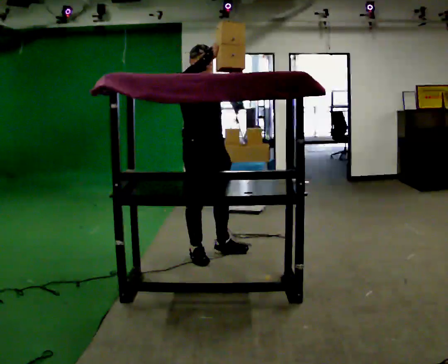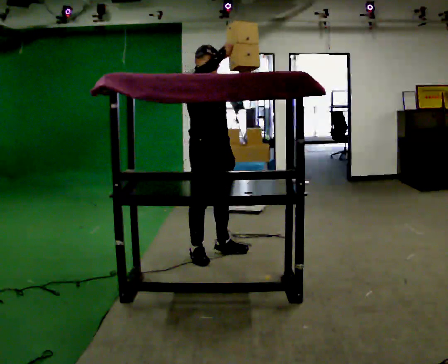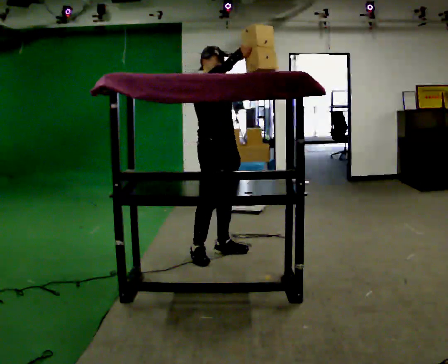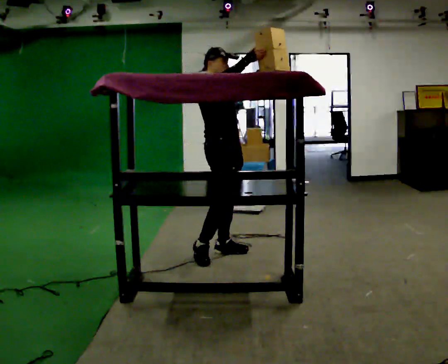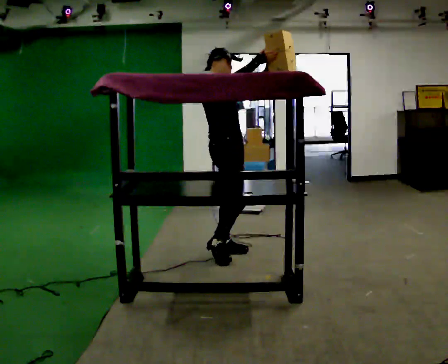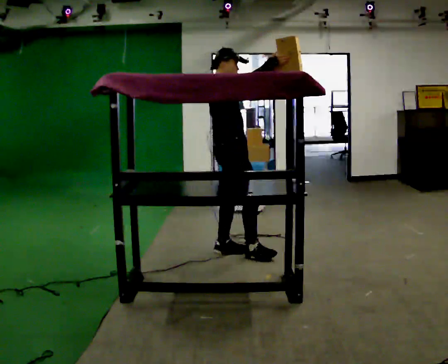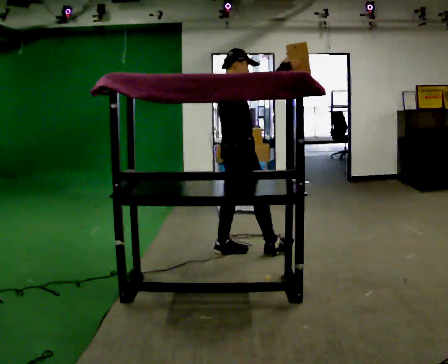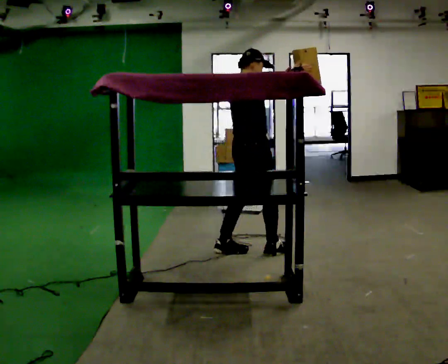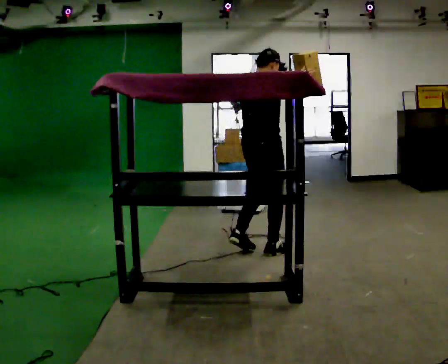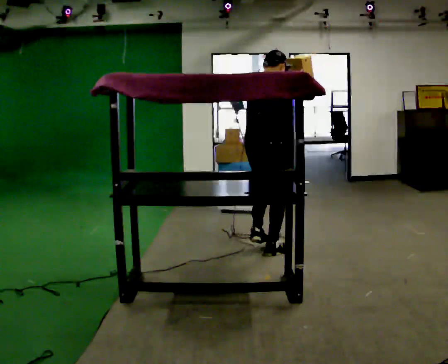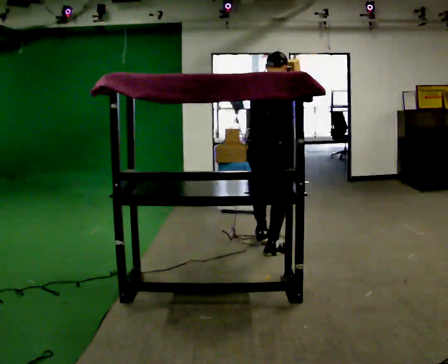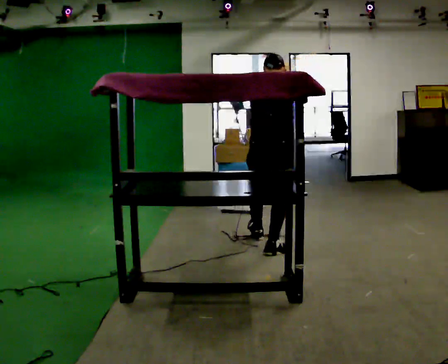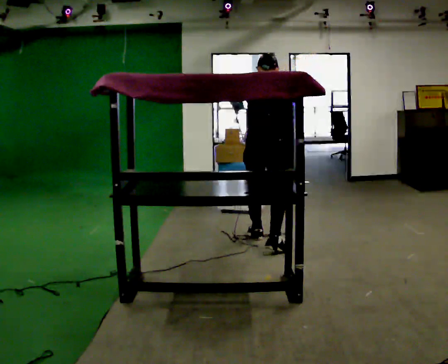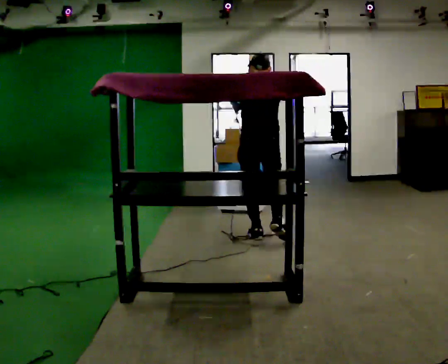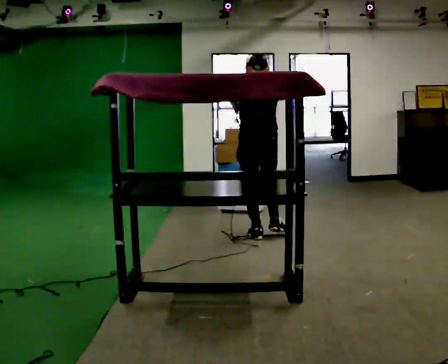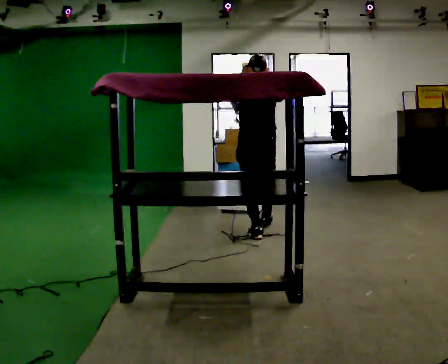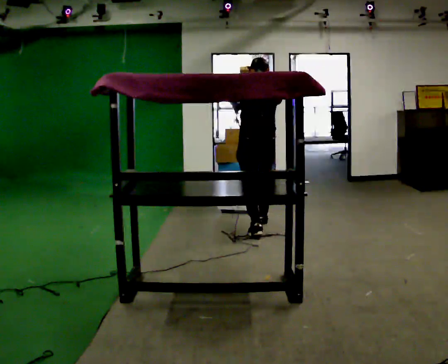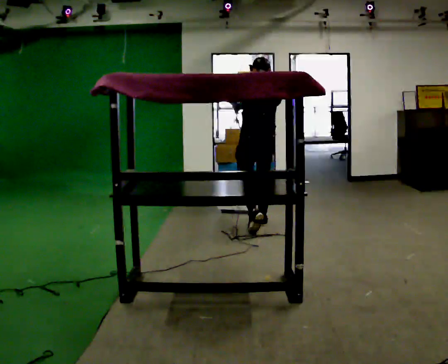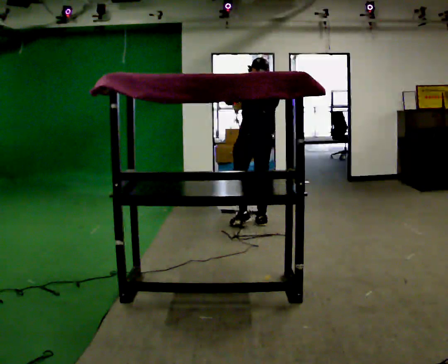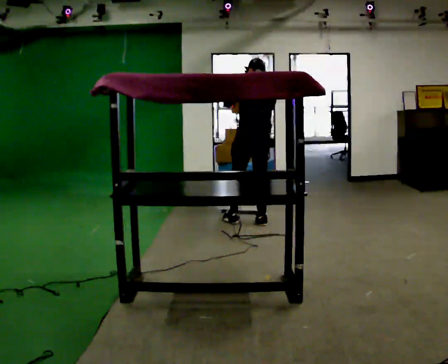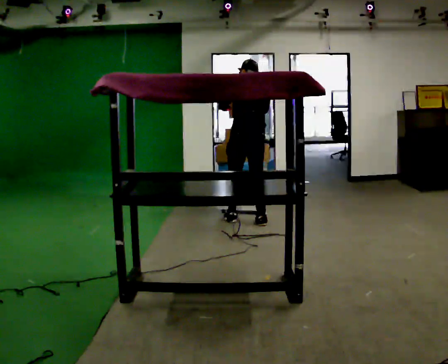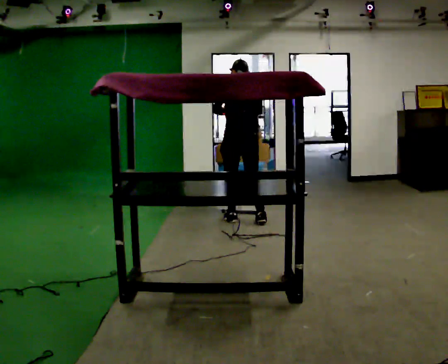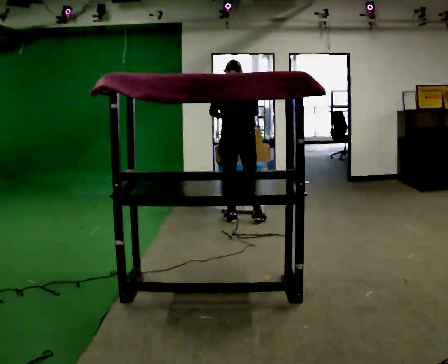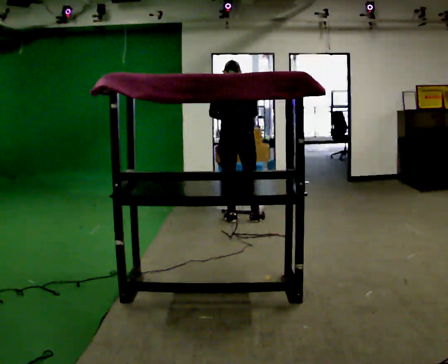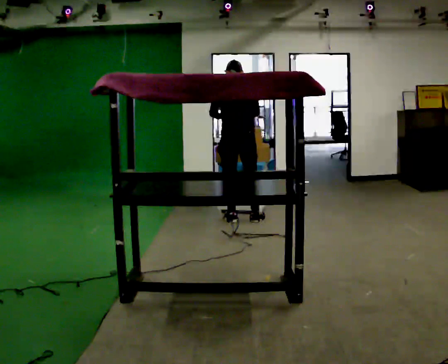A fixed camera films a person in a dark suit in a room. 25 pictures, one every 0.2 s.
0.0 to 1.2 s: The part of the body nearest the lens slides to the right as the person turns to their left by about 60 degrees. In the picture they go to the right, about 0.25 m in 1 step.
1.2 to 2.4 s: The person turns about 75 degrees to their left, counterclockwise seen from above, so the part of the body nearest the lens slides to the right. In the picture they go away from the camera and to the right, about 0.5 m in 1 step.
2.4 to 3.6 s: The person turns about 30 degrees to their left, counterclockwise seen from above, so the part of the body nearest the lens slides to the right. In the picture they go away from the camera, about 0.75 m in 1 step, which for them is forward.
3.6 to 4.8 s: In the picture they go to the left and away from the camera, about 0.25 m in 2 steps, which for them is forward and to their left.
The film runs forward here.
